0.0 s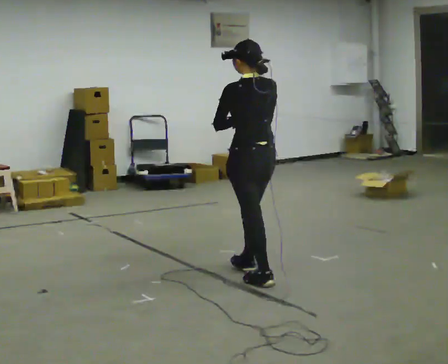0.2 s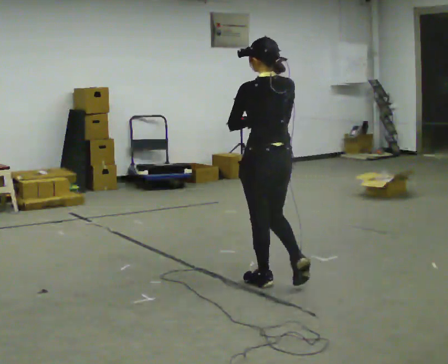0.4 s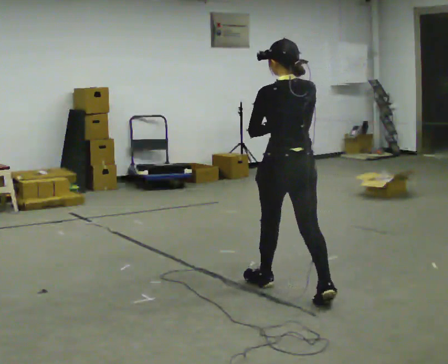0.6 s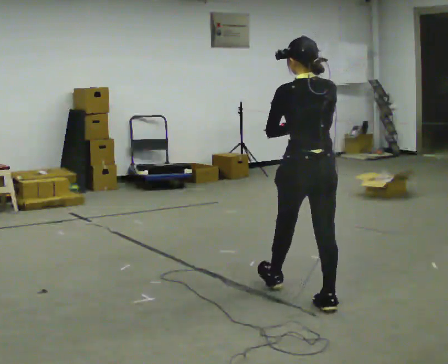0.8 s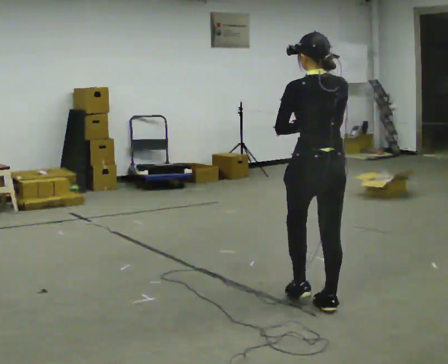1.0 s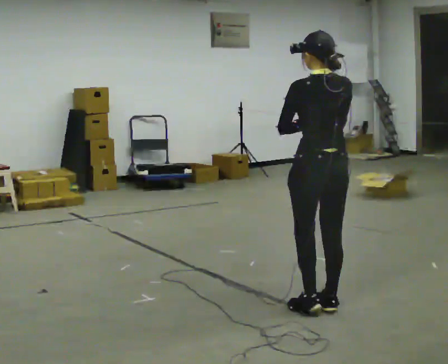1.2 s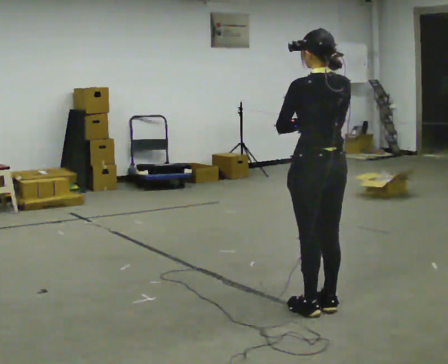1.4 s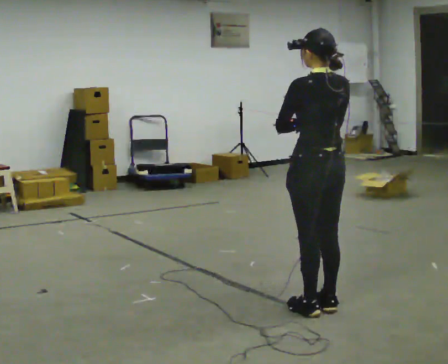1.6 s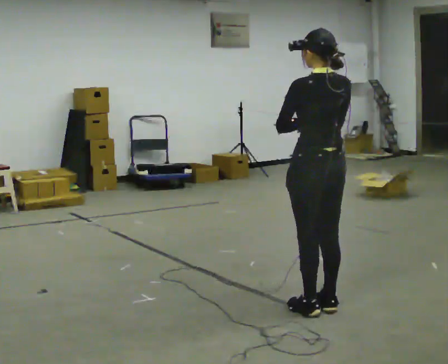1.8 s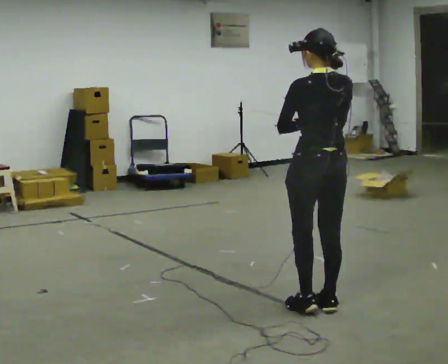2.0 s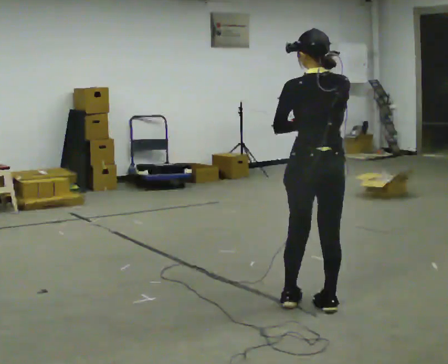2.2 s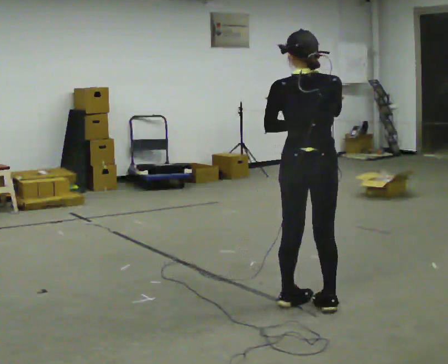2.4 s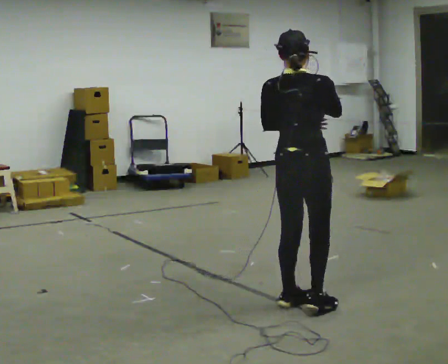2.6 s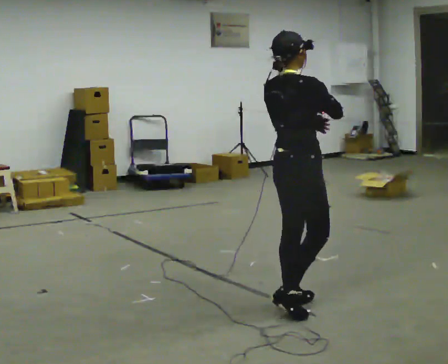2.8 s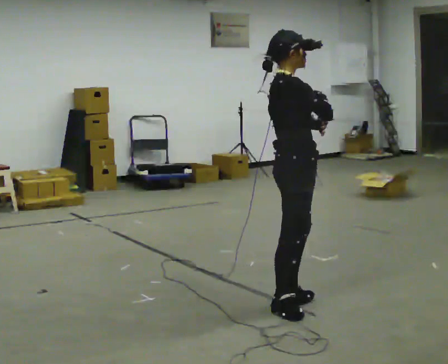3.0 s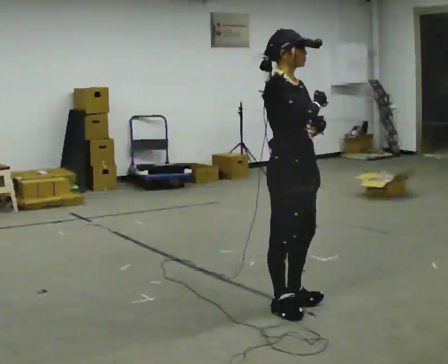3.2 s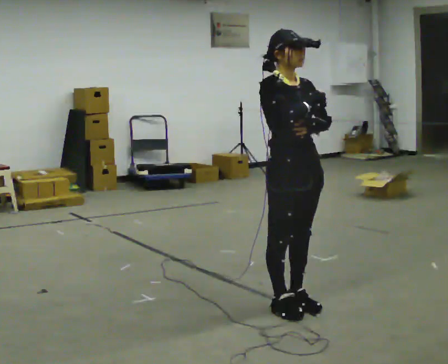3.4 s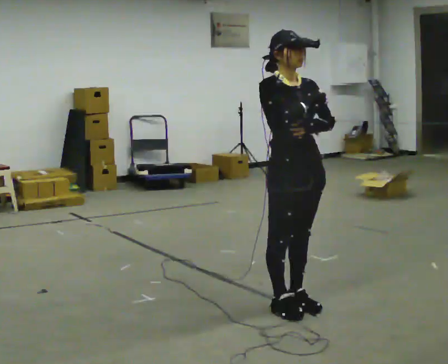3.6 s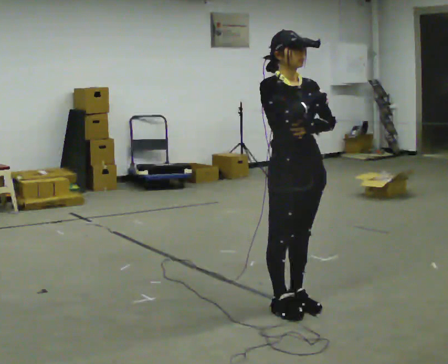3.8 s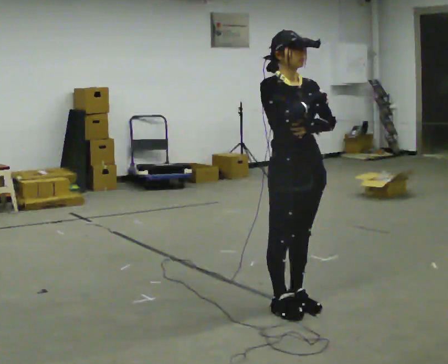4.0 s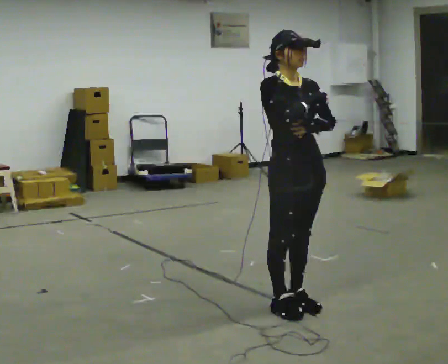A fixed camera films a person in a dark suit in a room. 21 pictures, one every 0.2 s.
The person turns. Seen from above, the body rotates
clockwise.
The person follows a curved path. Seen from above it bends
clockwise.
0.0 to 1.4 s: In the picture they go toward the camera and to the right, about 0.5 m in 1 step, which for them is backward.
1.4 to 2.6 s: Seen from above the body turns clockwise, about 90 degrees: to their right, with its near side sliding to the left. In the picture they go to the left, about 0.25 m in 2 steps.
2.6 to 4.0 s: Seen from above the body turns clockwise, about 90 degrees: to their right, with its near side sliding to the left.
The film runs backward here.
